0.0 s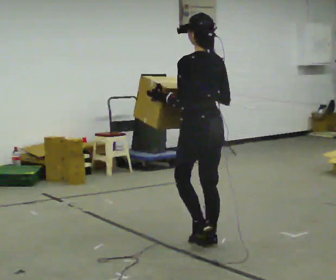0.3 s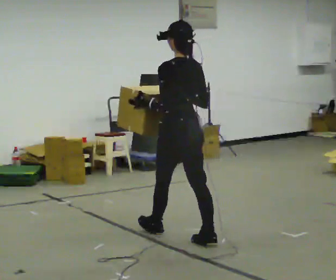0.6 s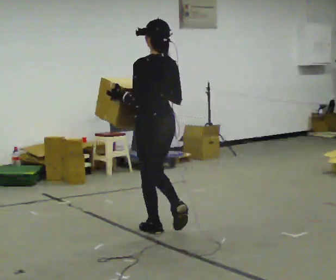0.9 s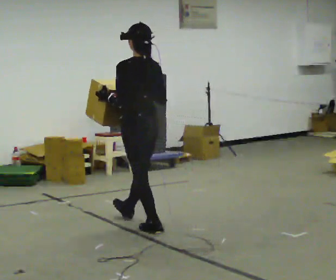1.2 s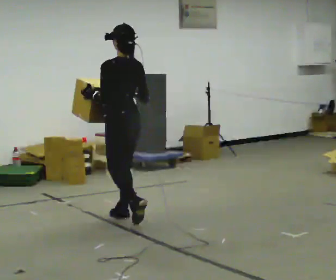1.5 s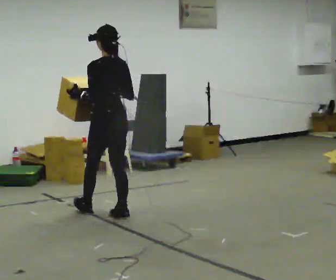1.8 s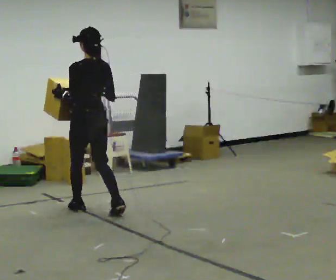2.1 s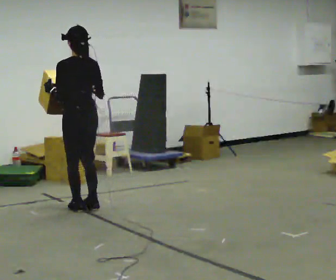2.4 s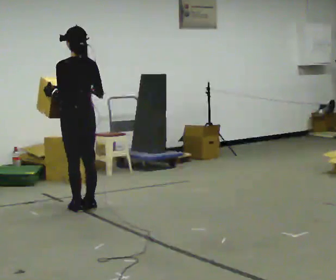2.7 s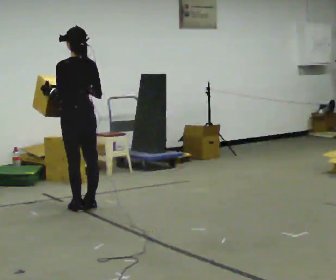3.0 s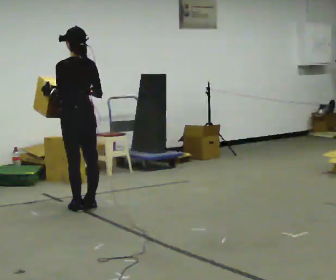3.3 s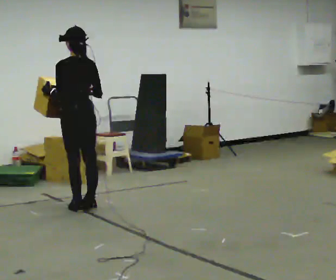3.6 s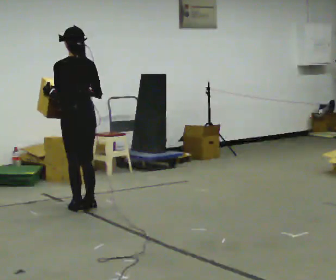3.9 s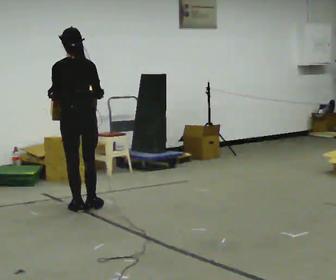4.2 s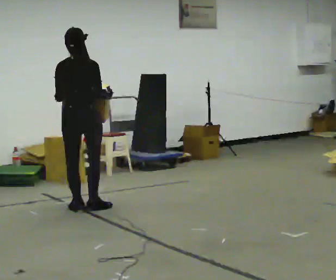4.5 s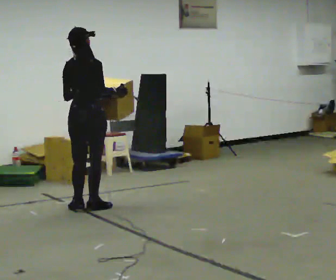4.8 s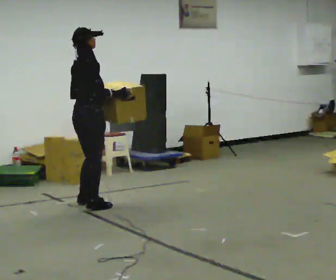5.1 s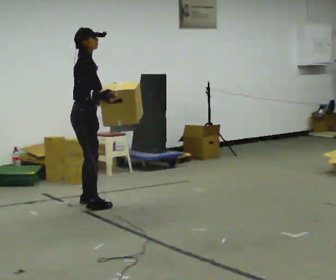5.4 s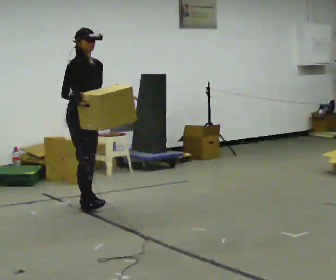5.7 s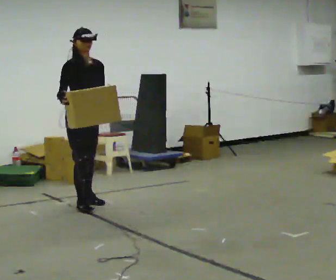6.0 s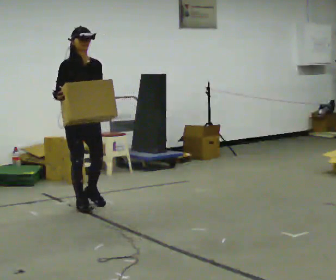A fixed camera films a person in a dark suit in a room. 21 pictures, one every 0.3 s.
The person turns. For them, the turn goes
to their right.
The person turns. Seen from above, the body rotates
clockwise.
0.0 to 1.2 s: In the picture they go away from the camera and to the left, about 1 m in 2 steps, which for them is forward.
1.2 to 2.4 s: In the picture they go away from the camera and to the left, about 0.5 m in 2 steps, which for them is forward.
2.4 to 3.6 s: The person moves a little, or ends about where they began.
3.6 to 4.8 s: The person turns about 90 degrees to their right, clockwise seen from above, so the part of the body nearest the lens slides to the left.
4.8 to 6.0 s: The part of the body nearest the lens slides to the left as the person turns to their right by about 90 degrees. In the picture their right hand goes to the left.
The film runs forward here.
